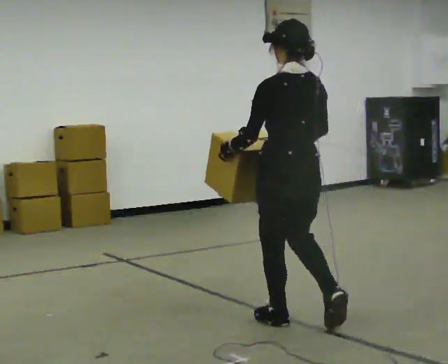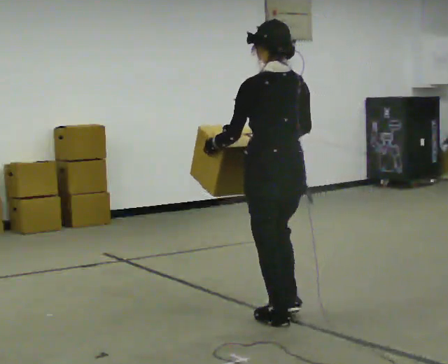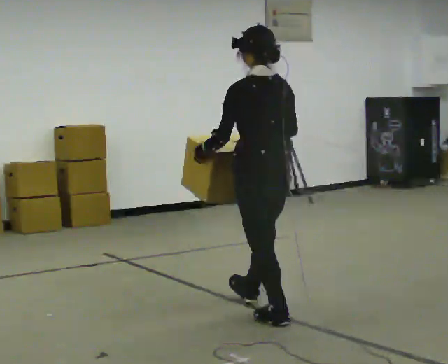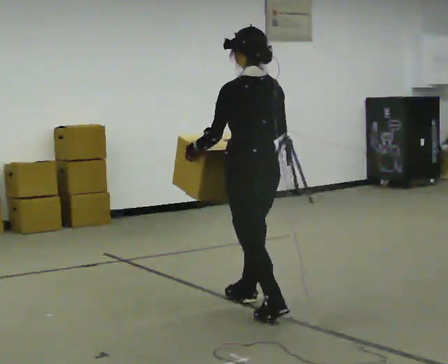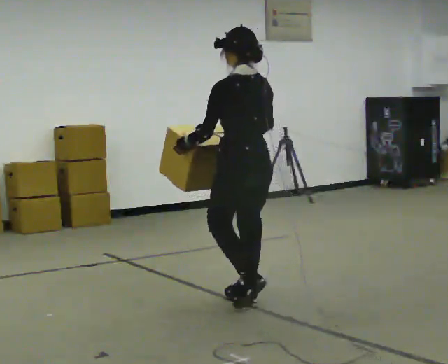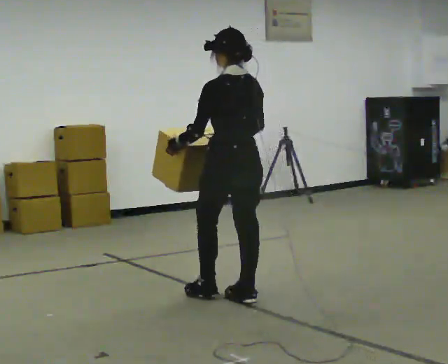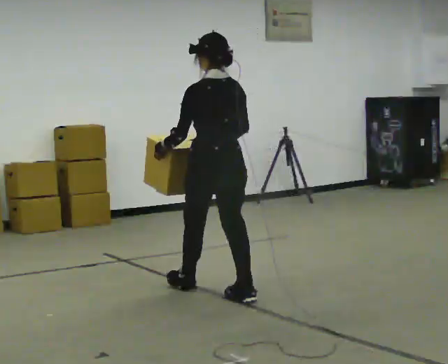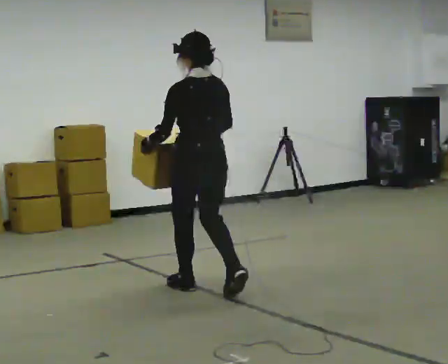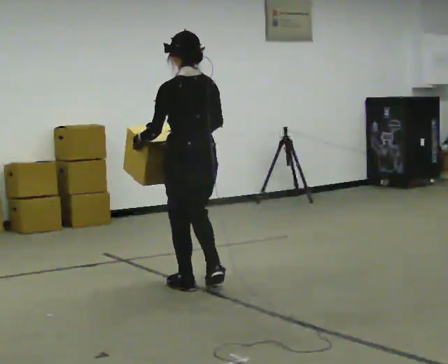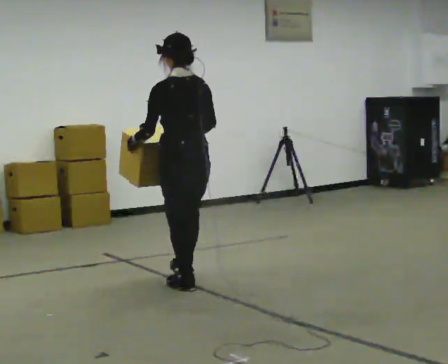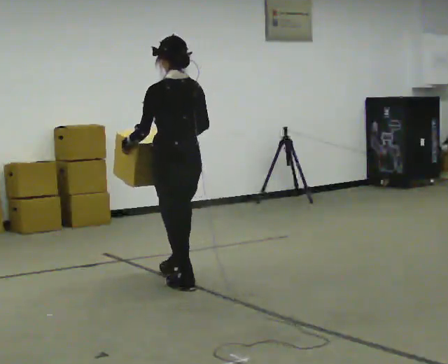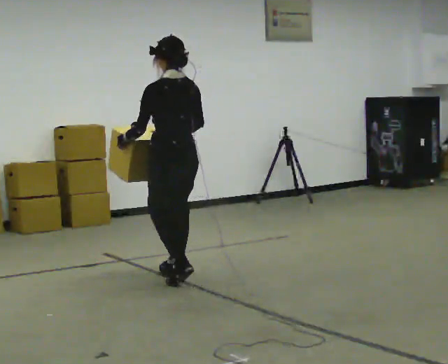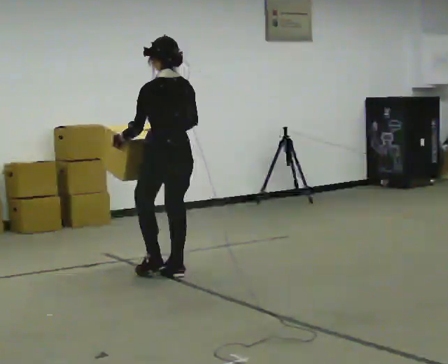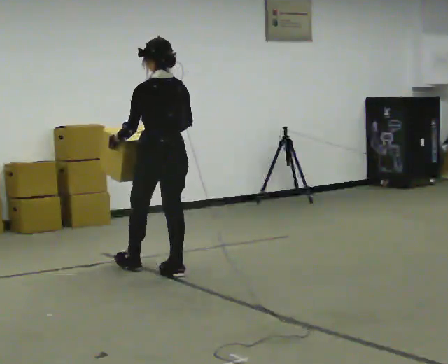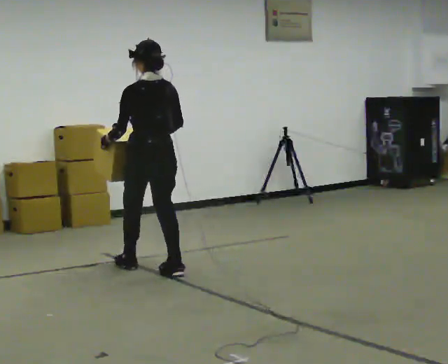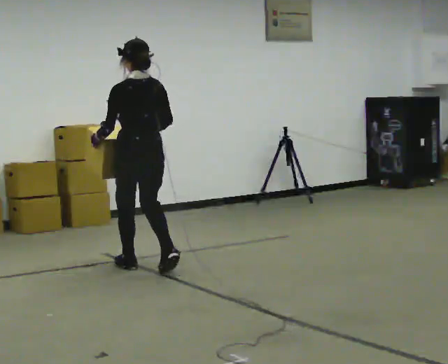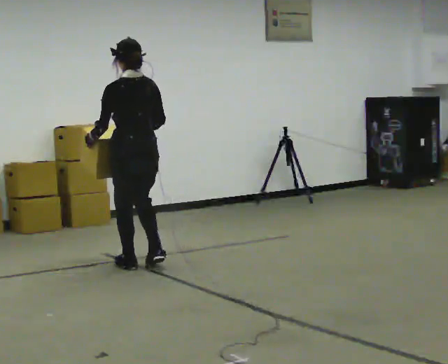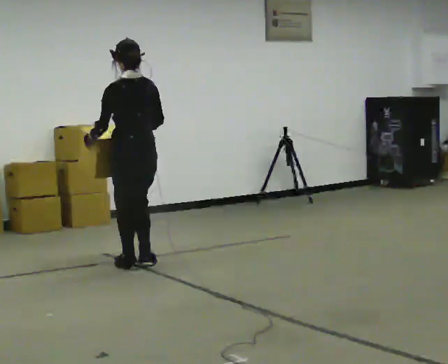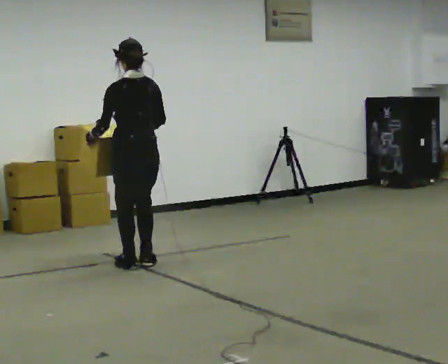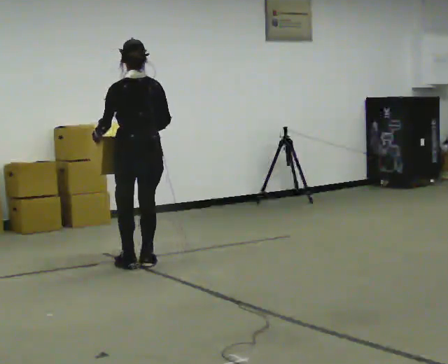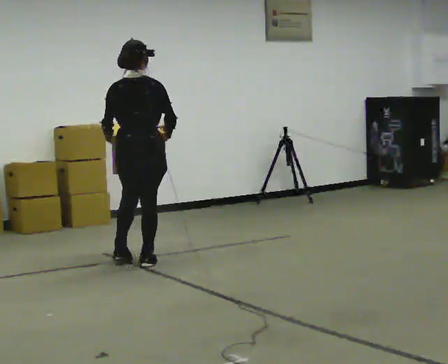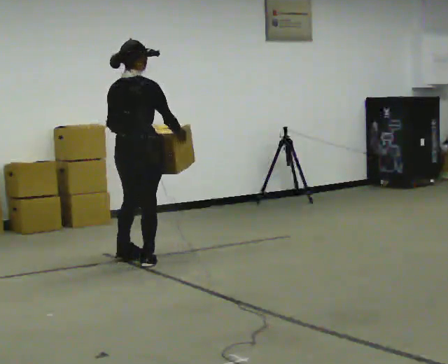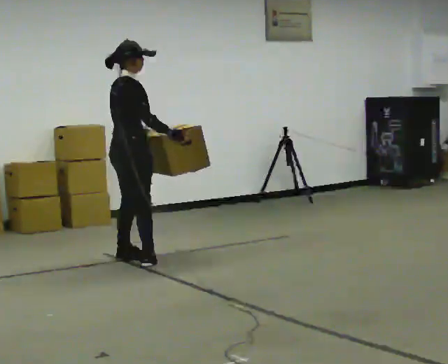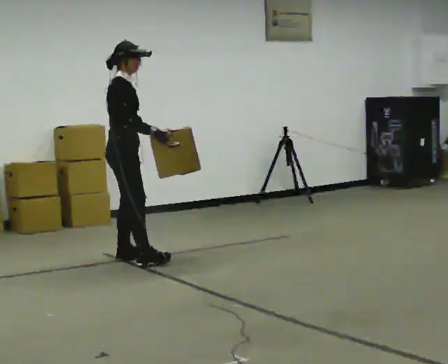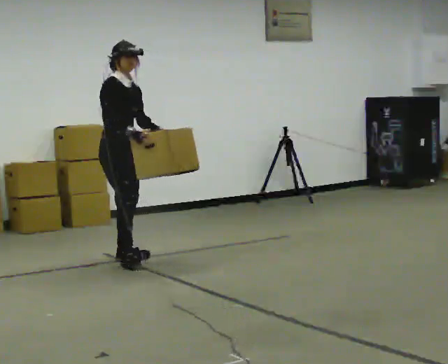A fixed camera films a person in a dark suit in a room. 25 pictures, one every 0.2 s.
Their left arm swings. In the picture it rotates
counterclockwise.
The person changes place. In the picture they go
away from the camera.
0.0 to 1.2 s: In the picture they go away from the camera and to the left, about 1 m in 2 steps, which for them is forward.
1.2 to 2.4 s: In the picture they go away from the camera and to the left, about 0.75 m in 1 step, which for them is forward.
2.4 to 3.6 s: In the picture they go away from the camera and to the left, about 0.5 m in 2 steps, which for them is forward.
3.6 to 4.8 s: Seen from above the body turns clockwise, about 150 degrees: to their right, with its near side sliding to the left. In the picture they go away from the camera, about 0.25 m in 1 step.
The film runs forward here.
